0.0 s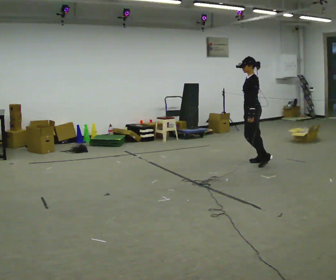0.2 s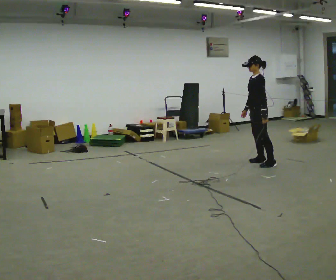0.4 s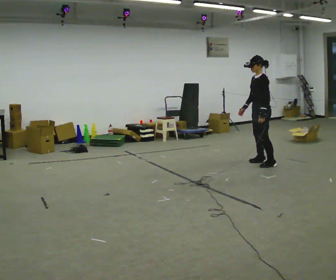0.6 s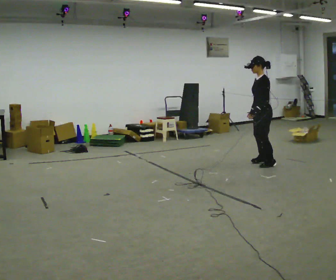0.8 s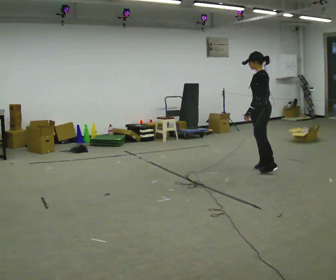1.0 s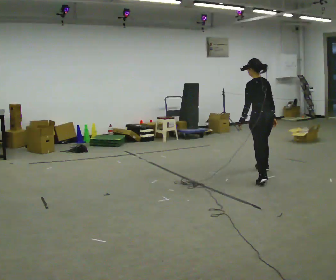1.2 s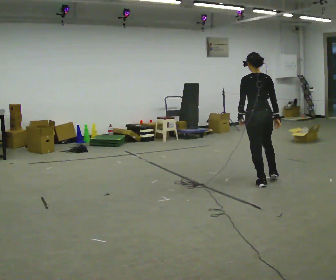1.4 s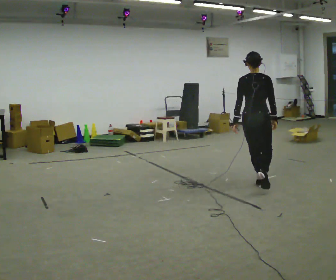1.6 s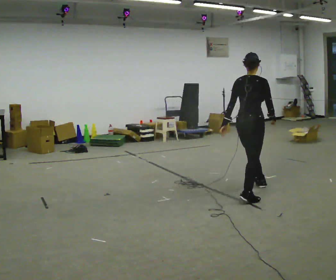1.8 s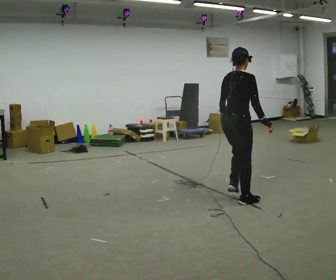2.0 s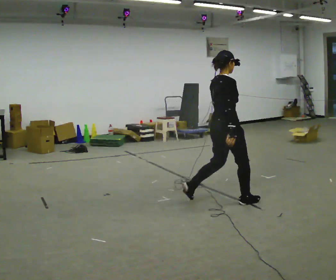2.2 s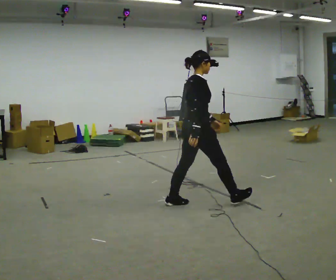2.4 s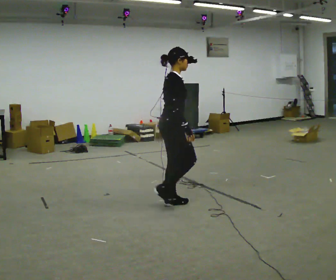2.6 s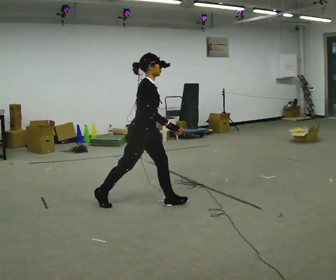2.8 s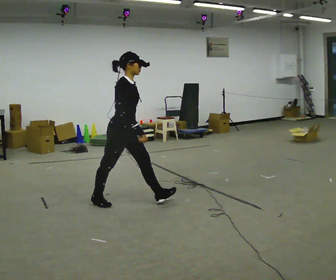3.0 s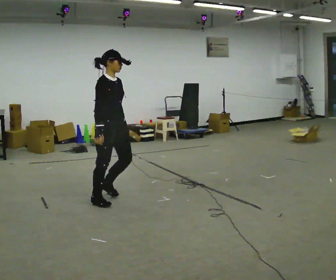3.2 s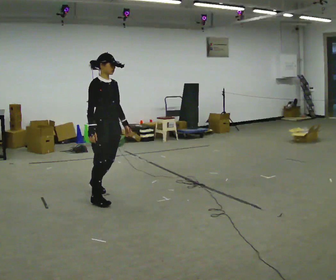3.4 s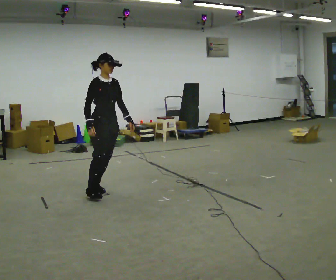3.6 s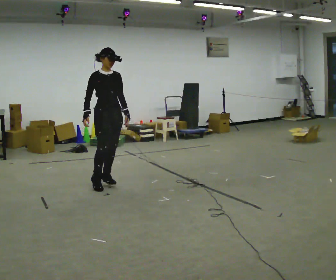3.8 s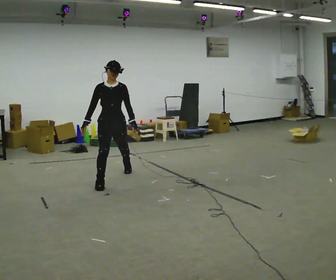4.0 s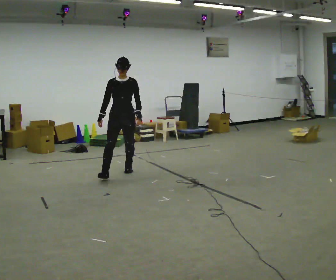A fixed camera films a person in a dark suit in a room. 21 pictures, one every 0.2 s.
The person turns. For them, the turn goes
to their right.
The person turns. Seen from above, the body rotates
clockwise.
0.0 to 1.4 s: The person turns about 105 degrees to their right, clockwise seen from above, so the part of the body nearest the lens slides to the left. In the picture they go toward the camera, about 1 m in 3 steps.
1.4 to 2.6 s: The person turns about 75 degrees to their right, clockwise seen from above, so the part of the body nearest the lens slides to the left. In the picture they go to the left and toward the camera, about 1.5 m in 2 steps.
2.6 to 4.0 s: Seen from above the body turns clockwise, about 75 degrees: to their right, with its near side sliding to the left. In the picture they go away from the camera and to the left, about 1 m in 4 steps.
The film runs backward here.
